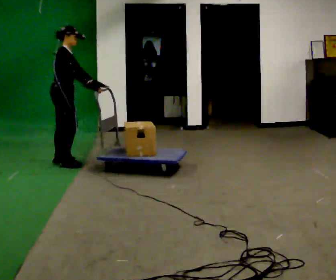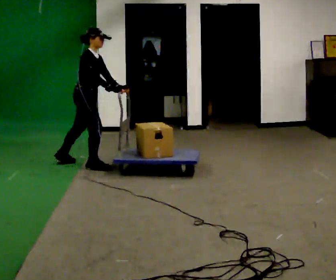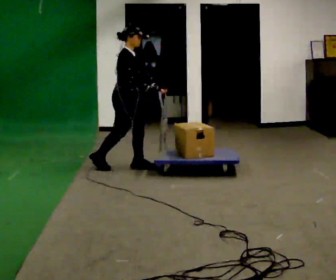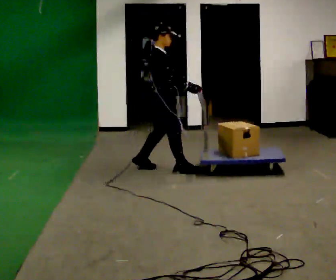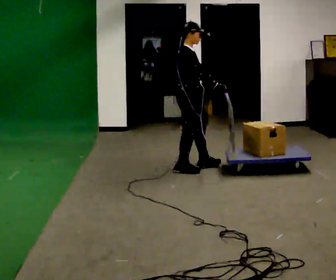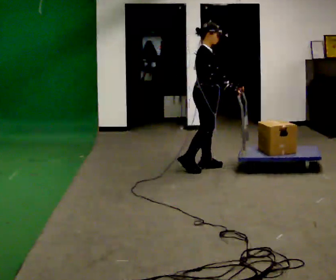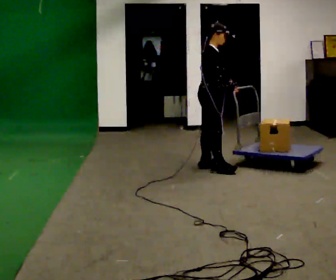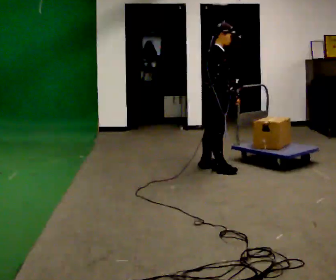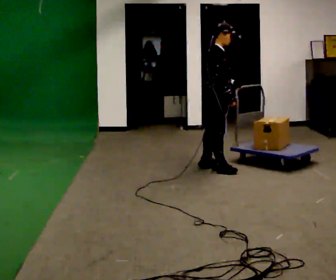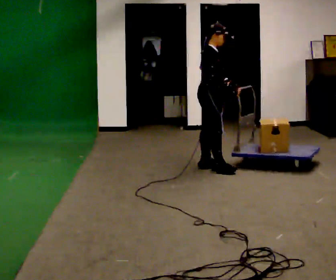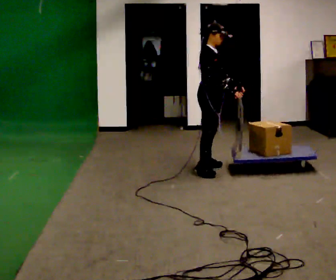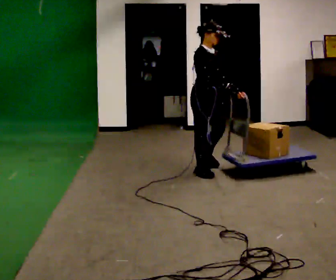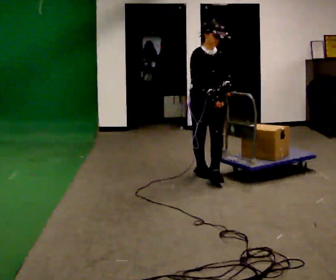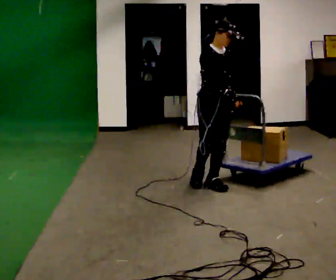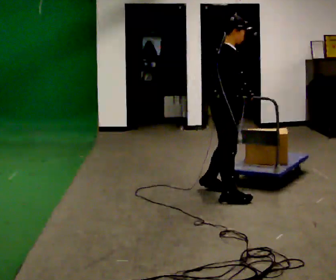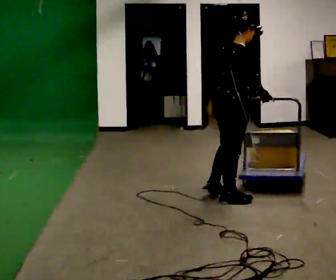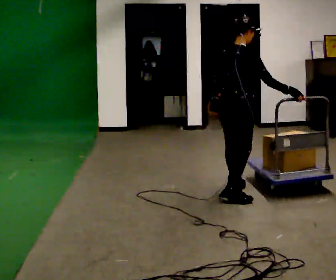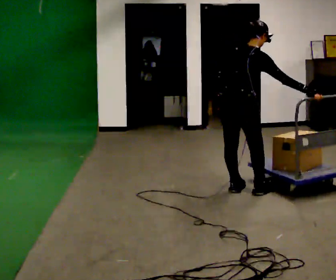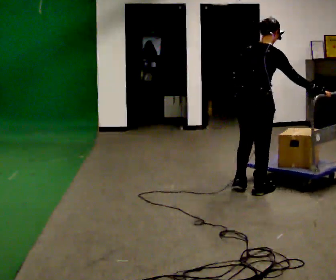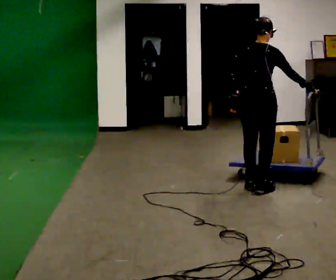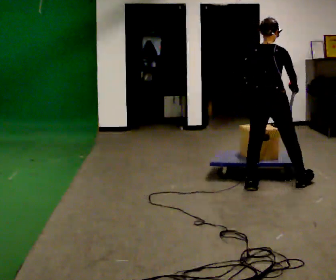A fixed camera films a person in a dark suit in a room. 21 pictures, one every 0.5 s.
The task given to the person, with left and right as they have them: Push the cart across the room and back. The operator will change how much is loaded on it between takes and will tell you each time.
0.0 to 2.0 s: In the picture they go to the right, about 1.5 m in 3 steps, which for them is forward.
2.0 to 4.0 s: In the picture they go to the right, about 0.25 m in 2 steps, which for them is forward.
4.0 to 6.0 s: Seen from above the body turns clockwise, about 60 degrees: to their right, with its near side sliding to the left. In the picture they go toward the camera, about 0.25 m in 1 step.
6.0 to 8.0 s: The part of the body nearest the lens slides to the right as the person turns to their left by about 105 degrees. In the picture they go toward the camera and to the right, about 0.75 m in 4 steps.
8.0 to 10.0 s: Seen from above the body turns counterclockwise, about 30 degrees: to their left, with its near side sliding to the right. In the picture they go to the right and away from the camera, about 0.5 m in 2 steps, which for them is forward and to their right.
The film runs forward here.
